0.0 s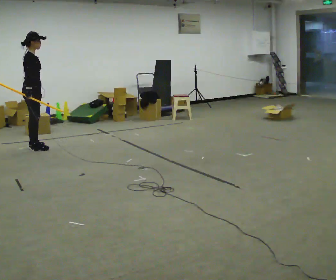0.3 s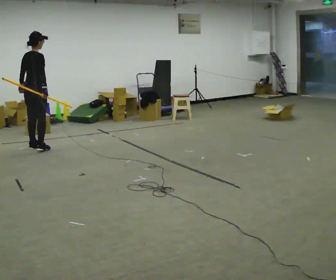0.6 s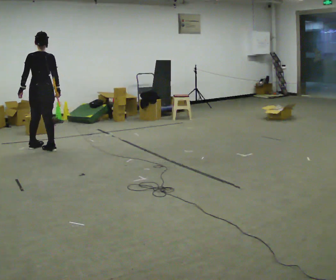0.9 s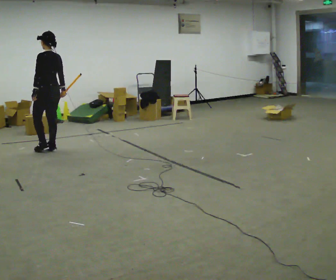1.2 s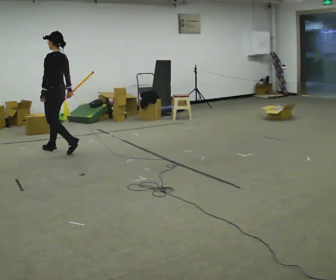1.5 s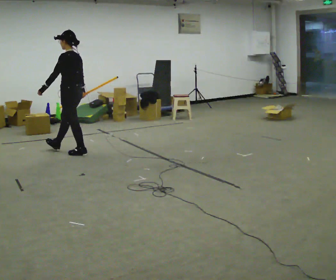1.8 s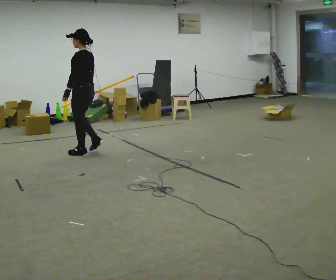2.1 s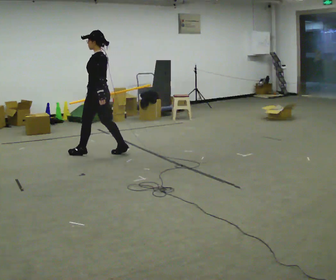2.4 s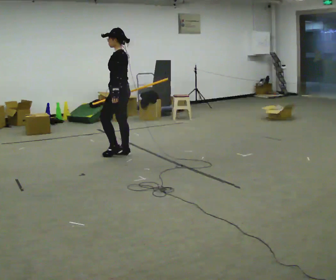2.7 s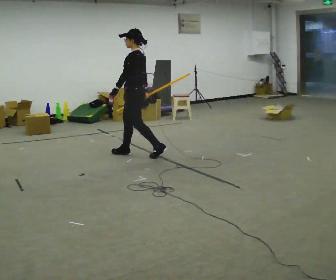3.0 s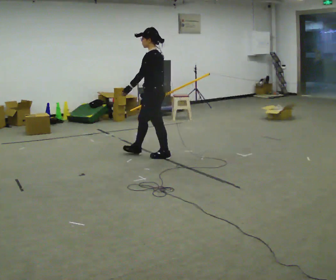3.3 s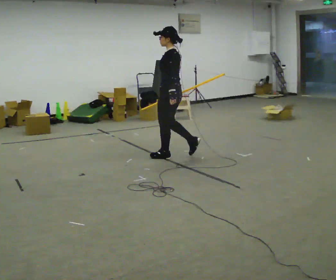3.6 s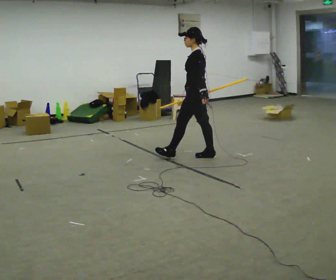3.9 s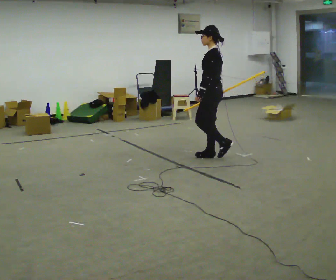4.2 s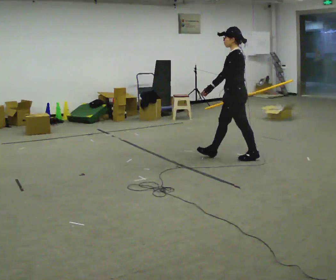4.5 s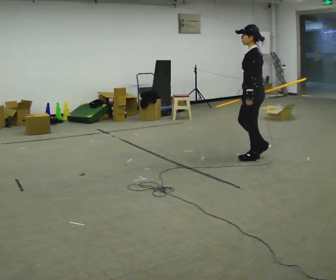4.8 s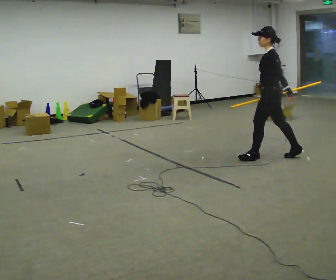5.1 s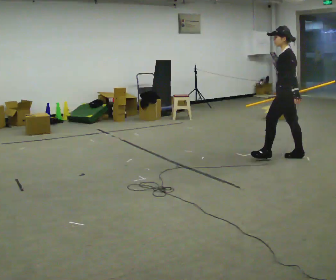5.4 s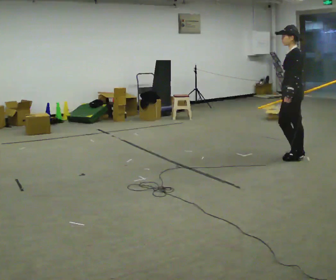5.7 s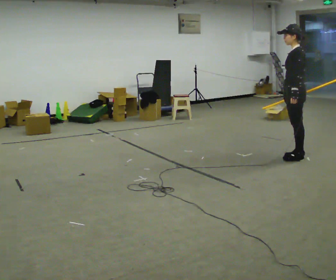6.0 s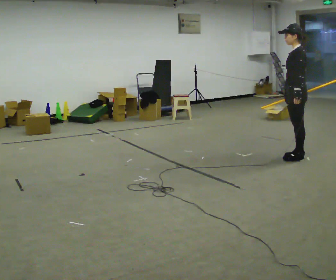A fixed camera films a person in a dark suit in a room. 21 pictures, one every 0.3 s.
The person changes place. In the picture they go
to the right.
0.0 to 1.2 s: The person turns about 150 degrees to their left, counterclockwise seen from above, so the part of the body nearest the lens slides to the right. In the picture they go to the right, about 0.5 m in 2 steps.
1.2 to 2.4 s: In the picture they go to the right, about 1 m in 2 steps, which for them is backward.
2.4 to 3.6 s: In the picture they go to the right, about 1 m in 2 steps, which for them is backward.
3.6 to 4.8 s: In the picture they go to the right, about 1 m in 1 step, which for them is backward.
4.8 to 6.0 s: In the picture they go to the right, about 0.25 m in 1 step, which for them is backward.
The film runs backward here.
